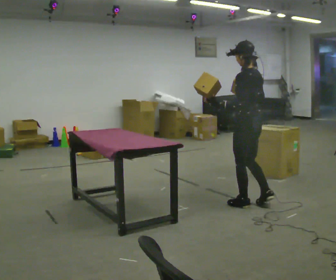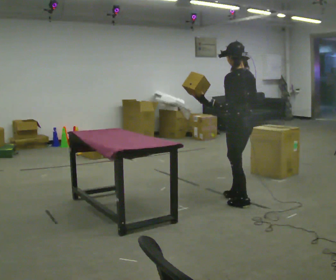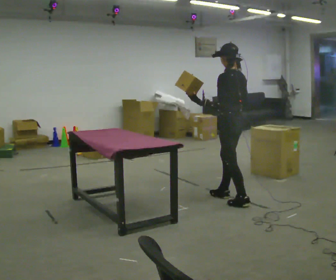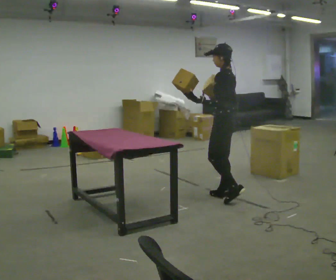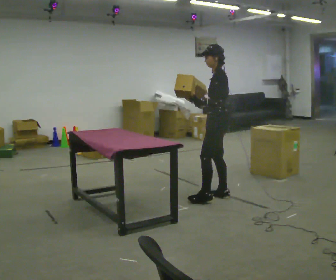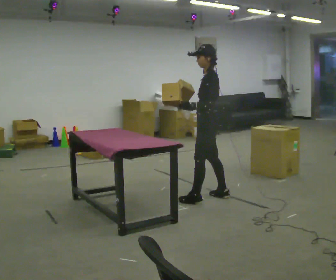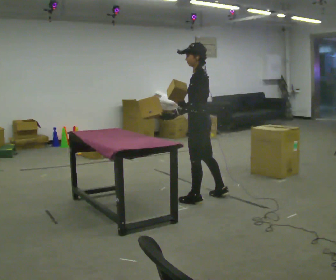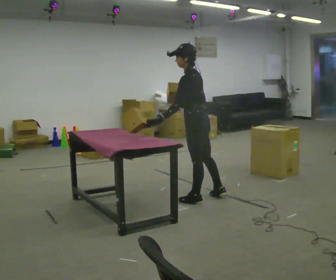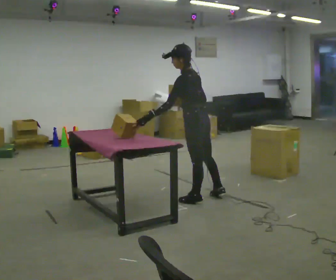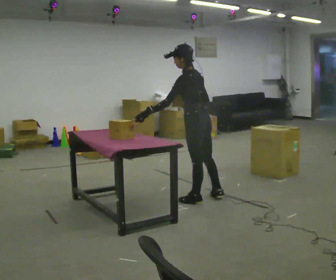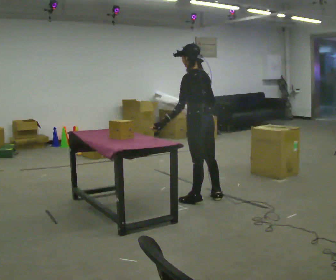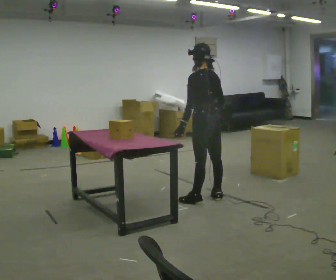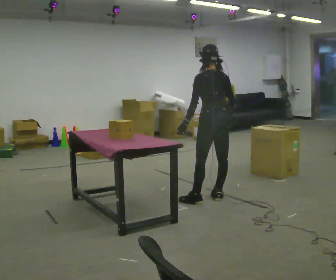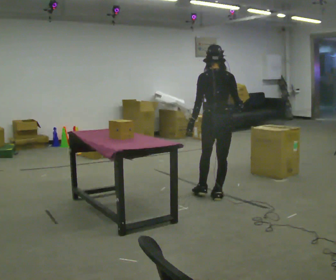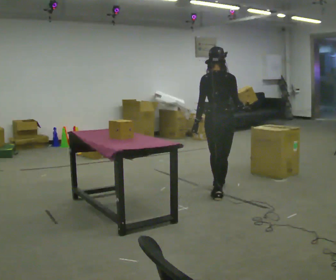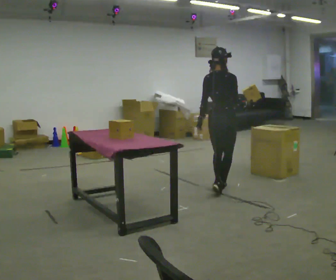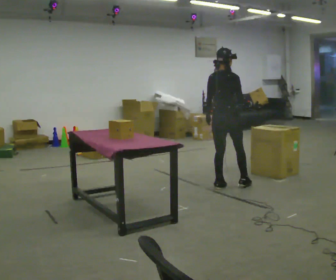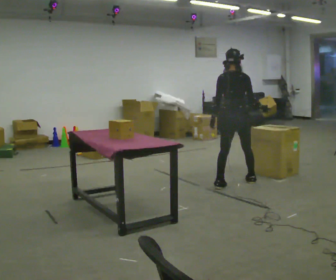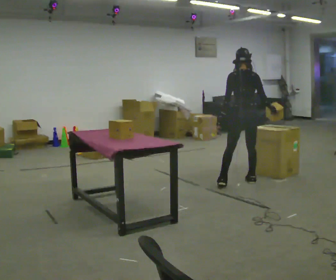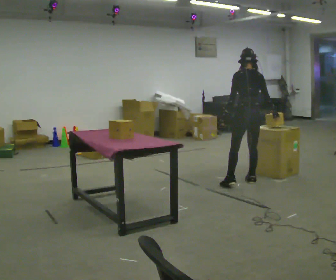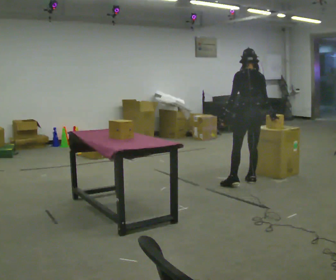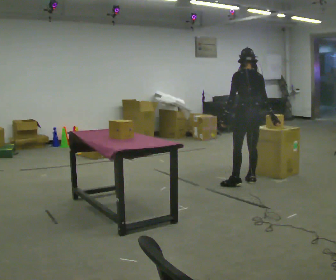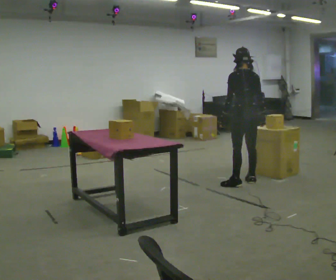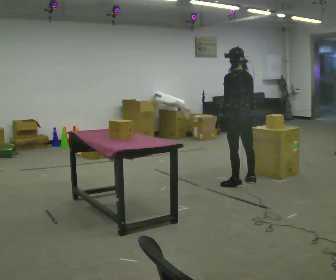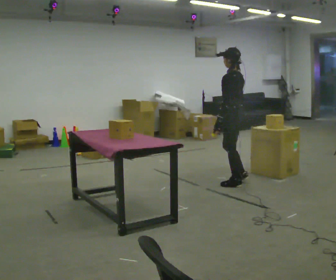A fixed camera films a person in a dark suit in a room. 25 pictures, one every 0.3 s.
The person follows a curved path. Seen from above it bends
clockwise.
0.0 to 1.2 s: The part of the body nearest the lens slides to the right as the person turns to their left by about 45 degrees. In the picture they go away from the camera and to the left, about 0.5 m in 1 step, which for them is forward.
1.2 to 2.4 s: Seen from above the body turns clockwise, about 30 degrees: to their right, with its near side sliding to the left. In the picture they go to the left, about 0.25 m in 1 step, which for them is to their left and forward.
2.4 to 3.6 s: The person turns about 30 degrees to their right, clockwise seen from above, so the part of the body nearest the lens slides to the left. In the picture they go to the right, about 0.25 m, which for them is to their right.
3.6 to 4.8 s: The person turns about 60 degrees to their right, clockwise seen from above, so the part of the body nearest the lens slides to the left. In the picture they go away from the camera, about 0.5 m in 1 step, which for them is forward.
4.8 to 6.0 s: The part of the body nearest the lens slides to the right as the person turns to their left by about 45 degrees. In the picture they go to the right and away from the camera, about 0.25 m in 2 steps, which for them is to their right and forward.
6.0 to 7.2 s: The part of the body nearest the lens slides to the right as the person turns to their left by about 45 degrees. In the picture they go to the left, about 0.25 m, which for them is to their left. In the picture their right hand goes to the left.
The film runs forward here.
